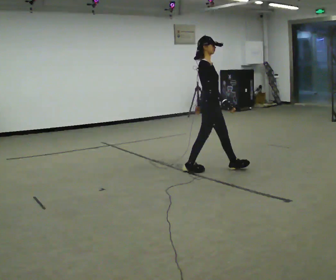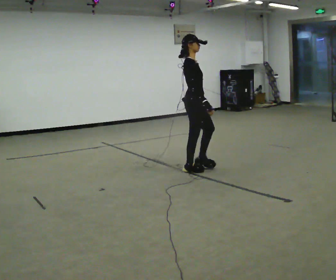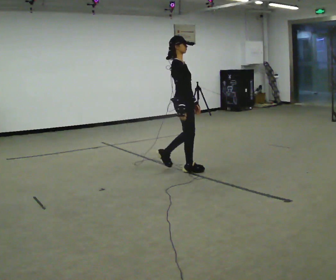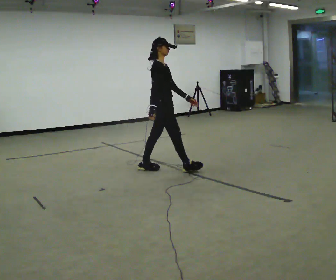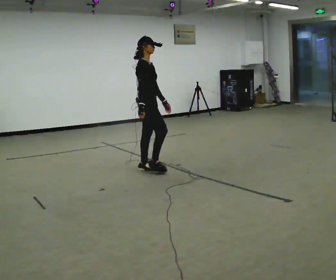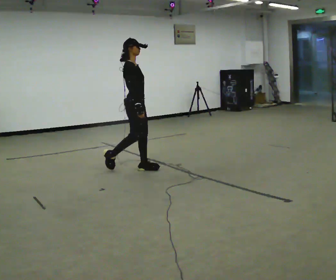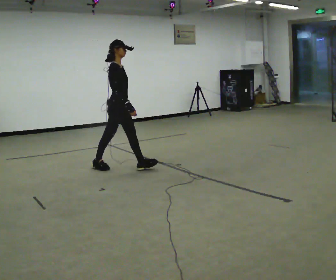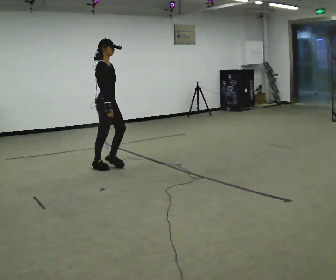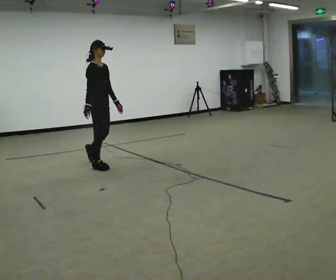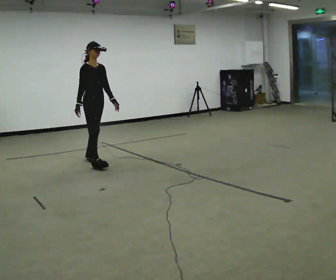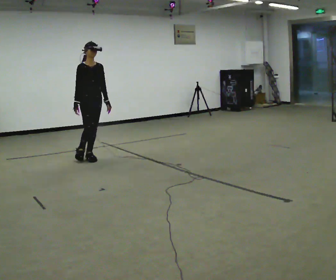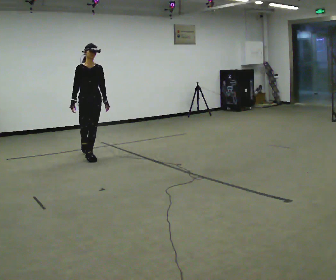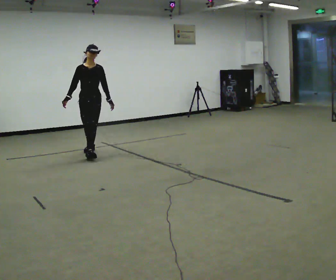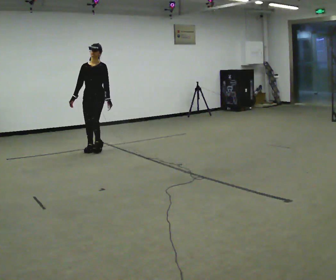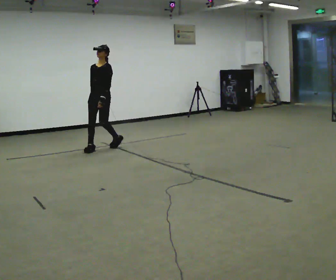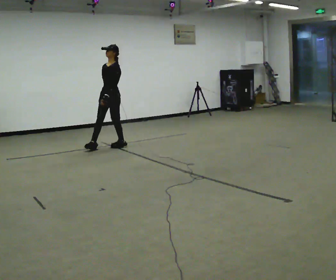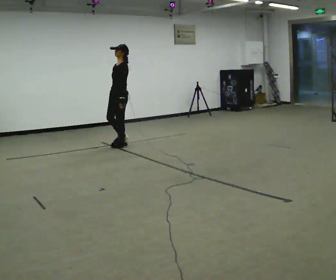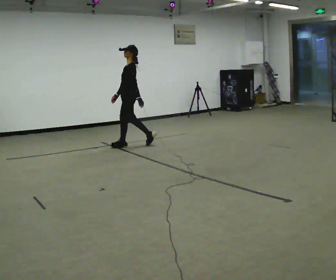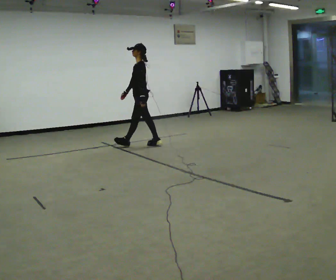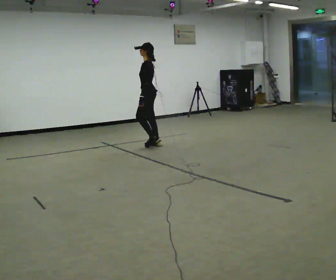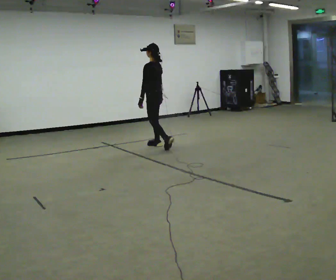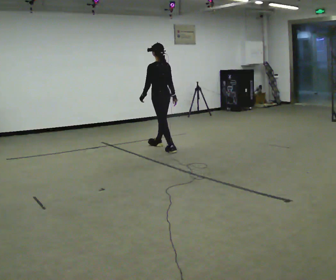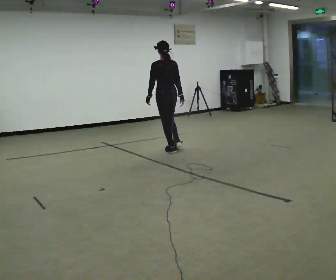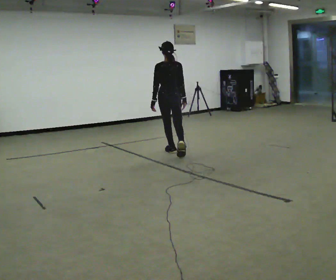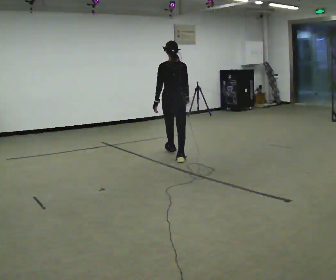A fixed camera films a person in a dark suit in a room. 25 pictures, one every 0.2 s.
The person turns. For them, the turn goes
to their right.
The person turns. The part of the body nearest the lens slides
to the left.
0.0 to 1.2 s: In the picture they go to the left, about 1 m in 3 steps, which for them is backward.
1.2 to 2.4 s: Seen from above the body turns clockwise, about 75 degrees: to their right, with its near side sliding to the left. In the picture they go away from the camera and to the left, about 1 m in 2 steps.
2.4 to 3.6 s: Seen from above the body turns clockwise, about 90 degrees: to their right, with its near side sliding to the left. In the picture they go to the right and away from the camera, about 1 m in 2 steps.
3.6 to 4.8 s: Seen from above the body turns clockwise, about 90 degrees: to their right, with its near side sliding to the left. In the picture they go toward the camera and to the right, about 1 m in 2 steps.
The film runs backward here.
